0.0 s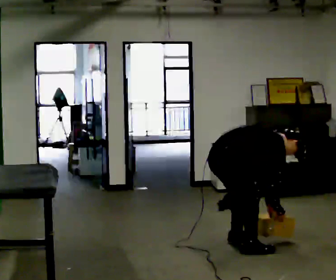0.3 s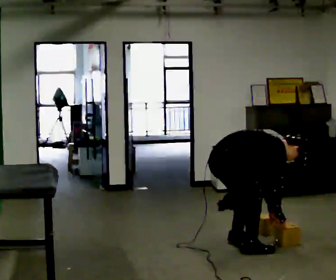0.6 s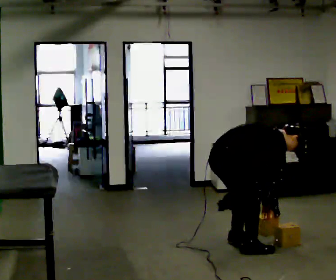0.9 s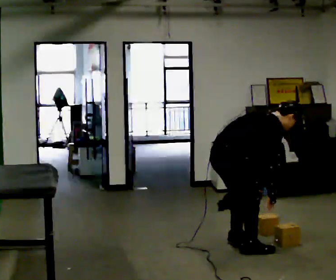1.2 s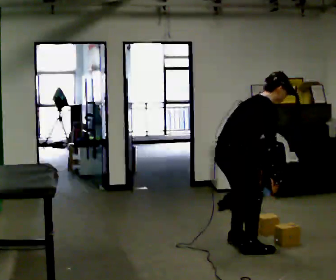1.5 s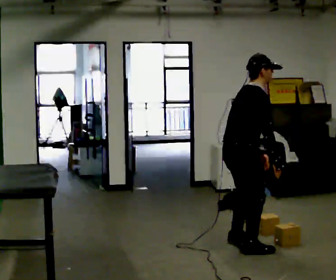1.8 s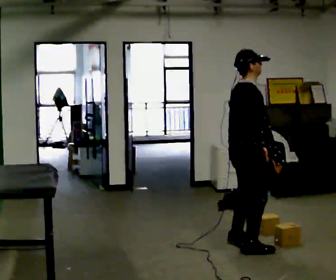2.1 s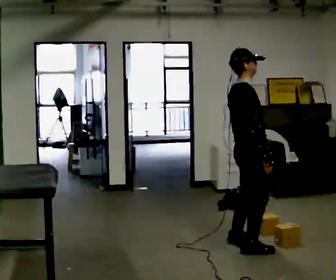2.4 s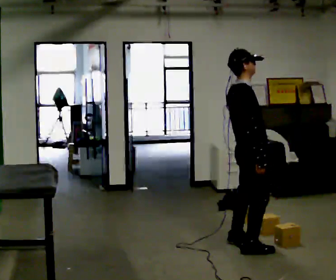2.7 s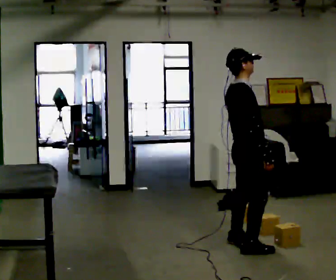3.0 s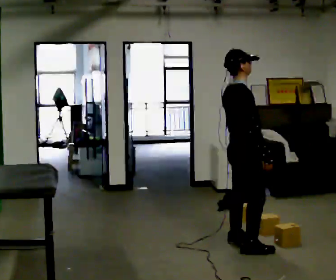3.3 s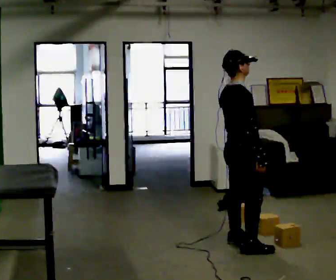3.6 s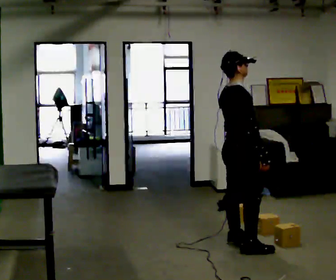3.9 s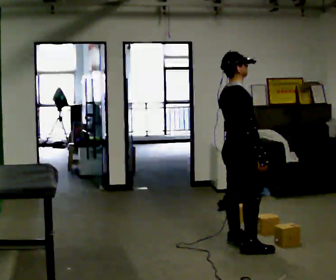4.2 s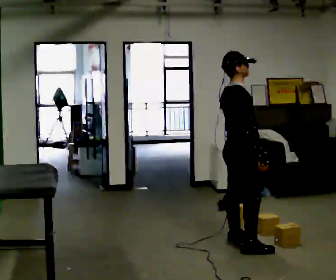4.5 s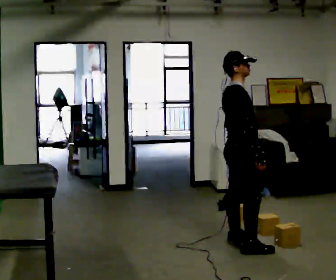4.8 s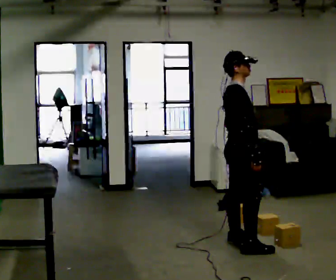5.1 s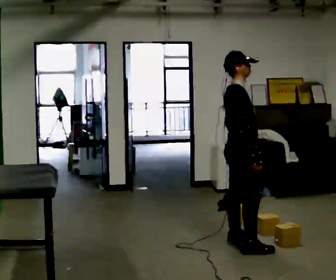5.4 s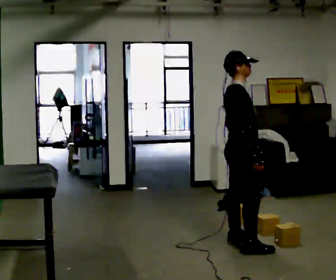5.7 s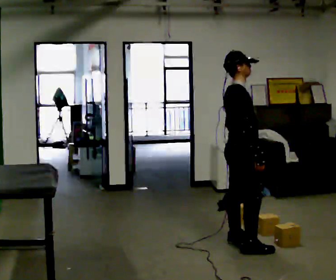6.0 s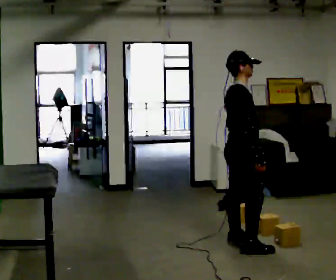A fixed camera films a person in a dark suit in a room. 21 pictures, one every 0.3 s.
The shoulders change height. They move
upward.
The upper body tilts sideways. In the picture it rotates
counterclockwise.
0.0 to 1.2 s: The upper body goes upward. In the picture the upper body tilts counterclockwise, shoulders to the left, as they lean back or straighten. In the picture their left hand goes upward.
1.2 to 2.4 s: In the picture they go to the right, about 0.25 m, which for them is forward. In the picture the upper body tilts counterclockwise, shoulders to the left, as they lean back or straighten.
2.4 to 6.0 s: The person moves a little, or ends about where they began.
The film runs forward here.
